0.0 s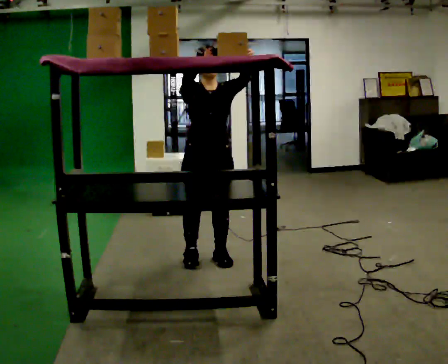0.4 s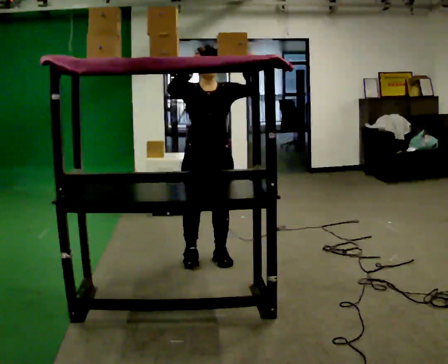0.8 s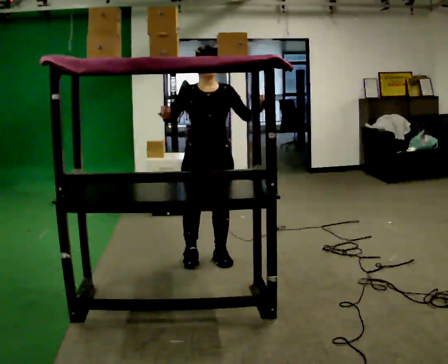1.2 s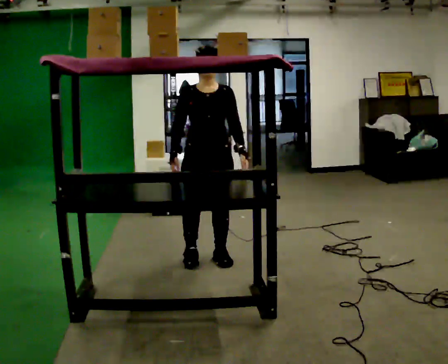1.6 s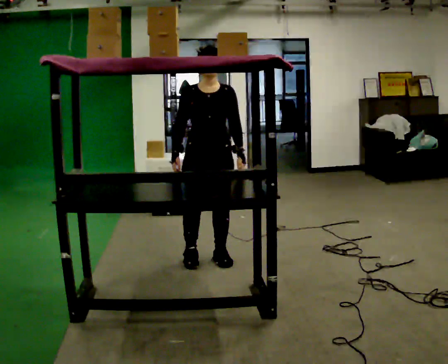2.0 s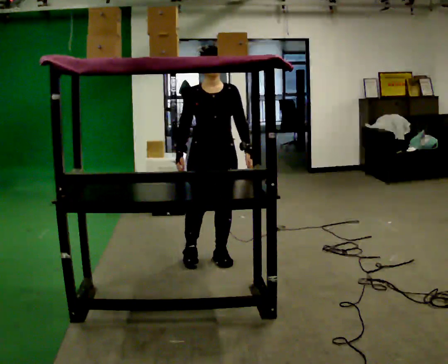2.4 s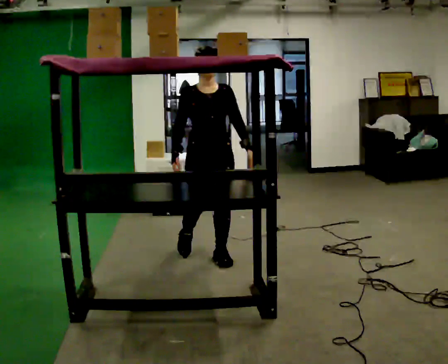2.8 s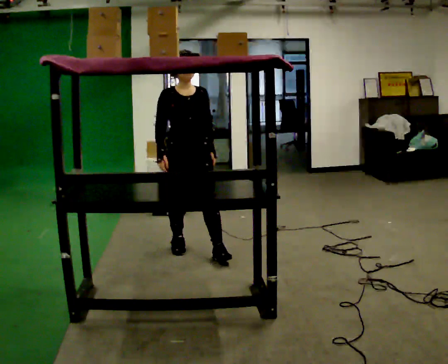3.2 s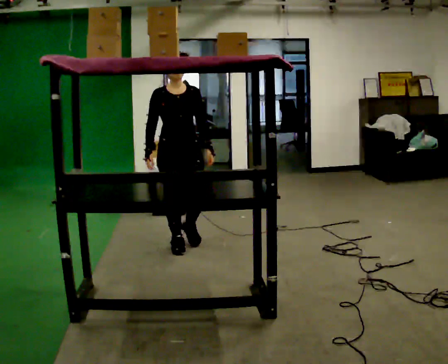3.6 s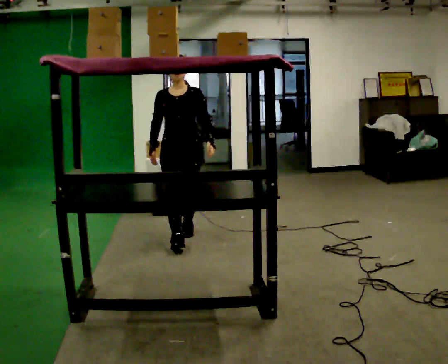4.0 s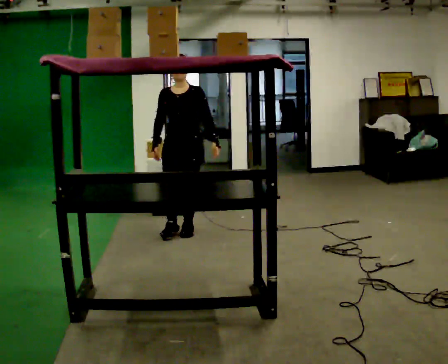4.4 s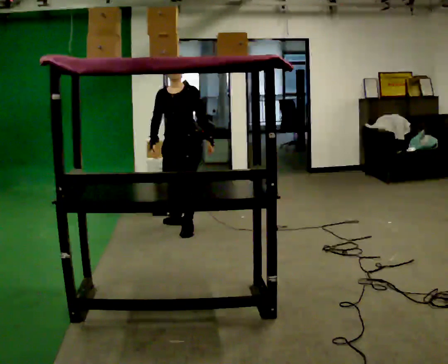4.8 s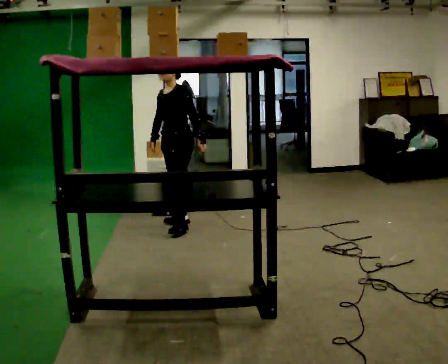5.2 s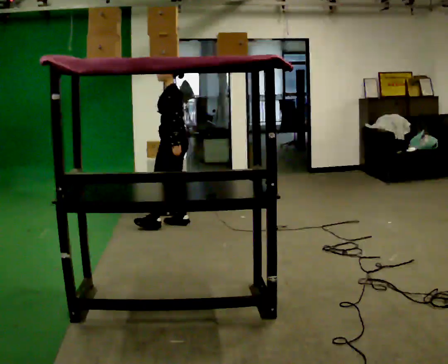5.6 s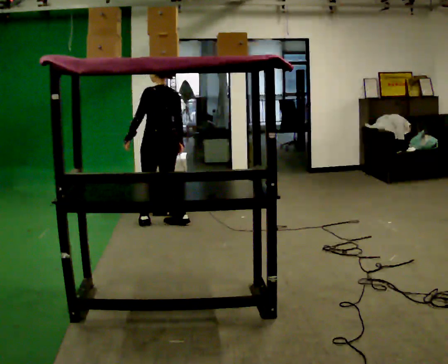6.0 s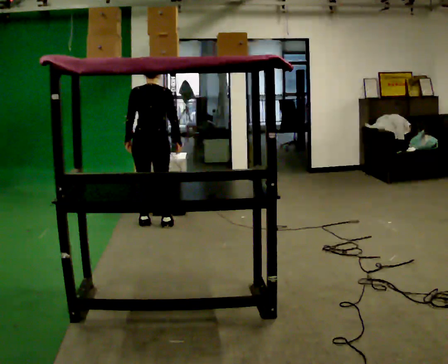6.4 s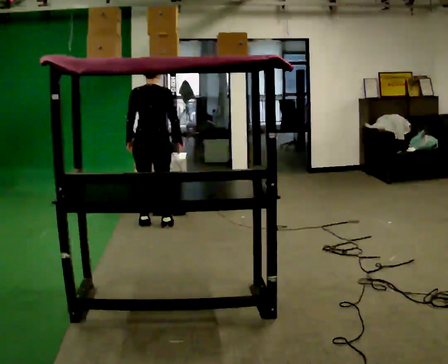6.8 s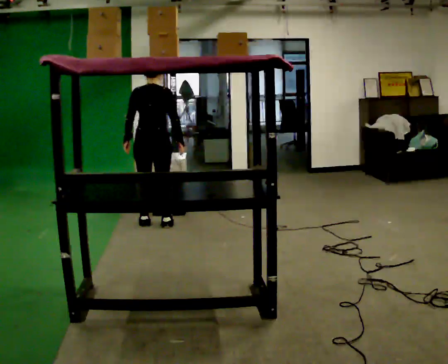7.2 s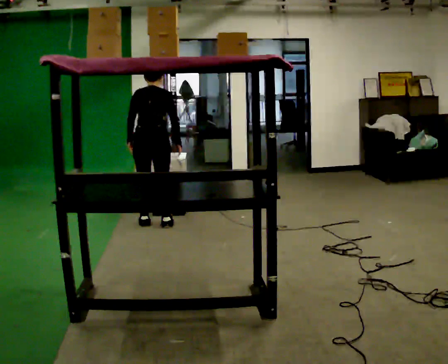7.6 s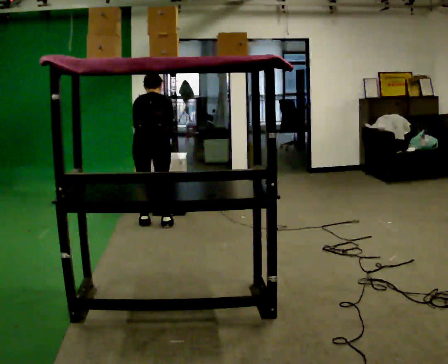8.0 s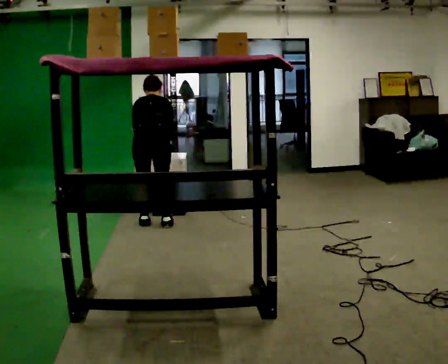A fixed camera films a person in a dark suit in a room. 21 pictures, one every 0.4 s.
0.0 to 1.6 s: In the picture their left hand goes downward.
1.6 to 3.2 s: In the picture they go away from the camera and to the left, about 0.5 m in 2 steps, which for them is backward and to their right.
3.2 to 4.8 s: The part of the body nearest the lens slides to the left as the person turns to their right by about 75 degrees. In the picture they go away from the camera, about 0.75 m in 2 steps.
4.8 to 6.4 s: The person turns about 120 degrees to their right, clockwise seen from above, so the part of the body nearest the lens slides to the left. In the picture they go to the left, about 0.25 m in 1 step.
6.4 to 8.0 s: The upper body tips away from the camera, its near side rolling upward, as they bend forward.
The film runs backward here.
